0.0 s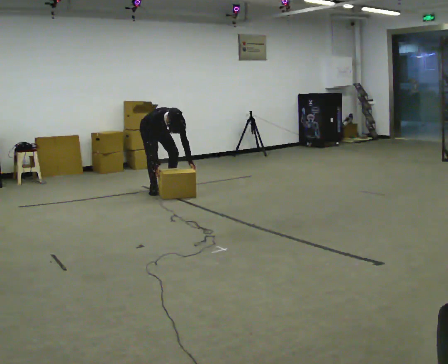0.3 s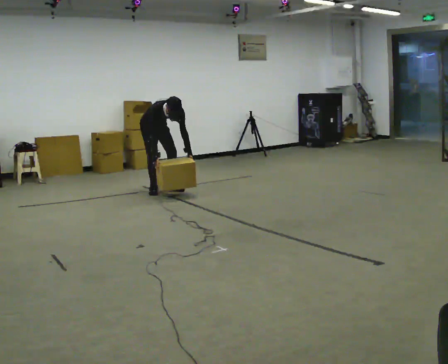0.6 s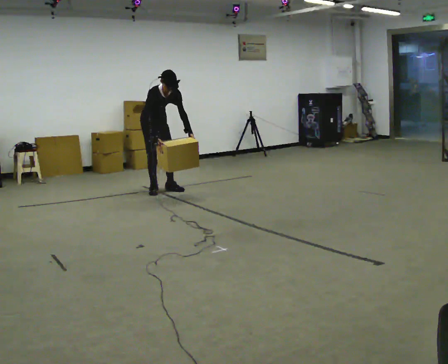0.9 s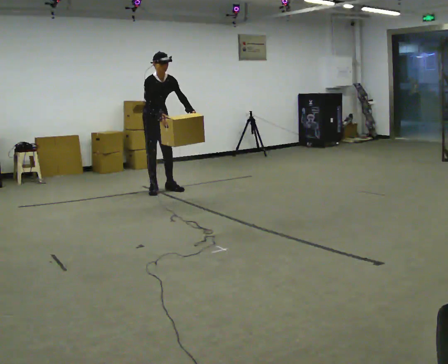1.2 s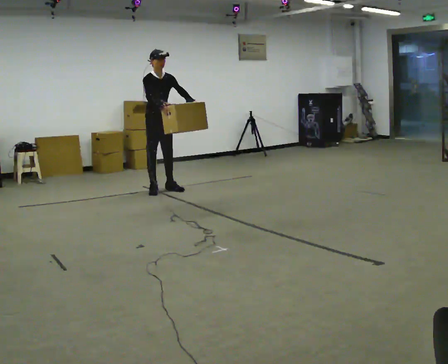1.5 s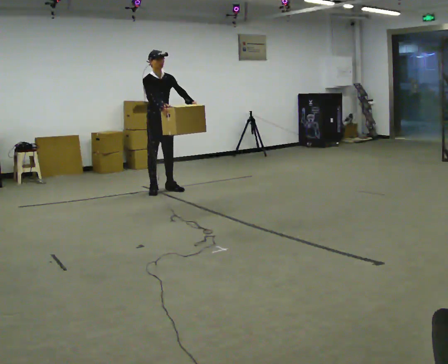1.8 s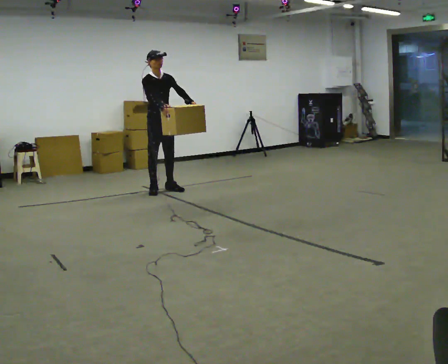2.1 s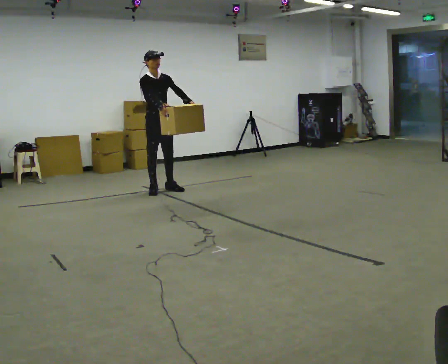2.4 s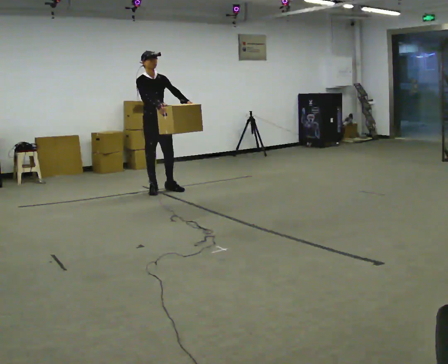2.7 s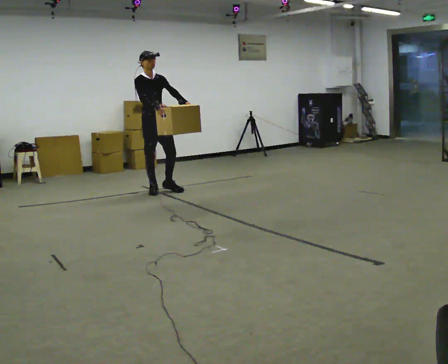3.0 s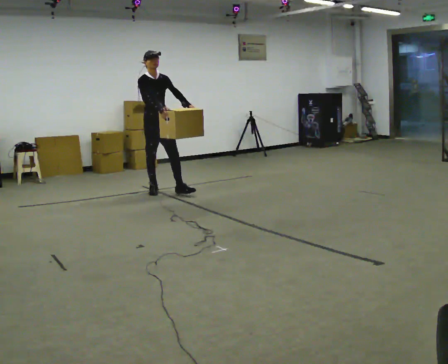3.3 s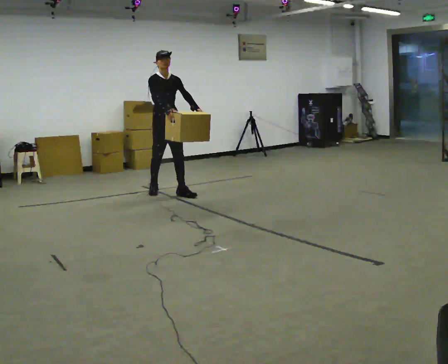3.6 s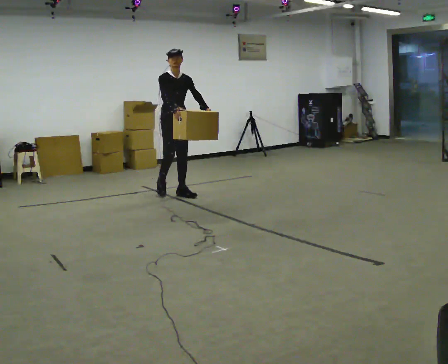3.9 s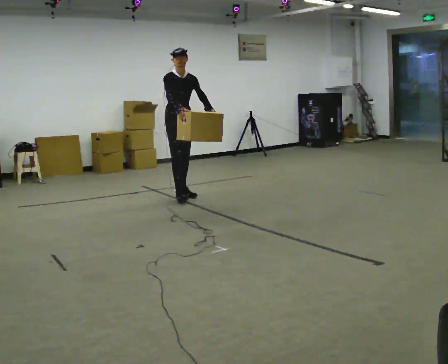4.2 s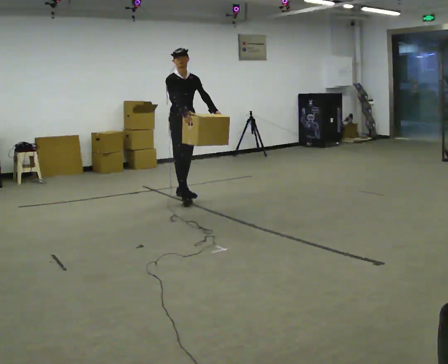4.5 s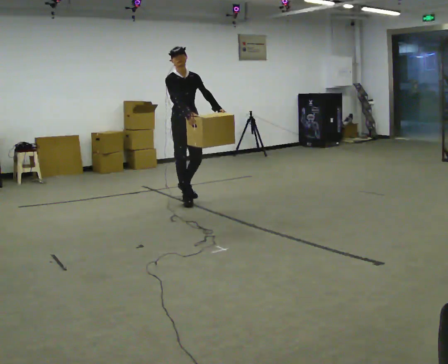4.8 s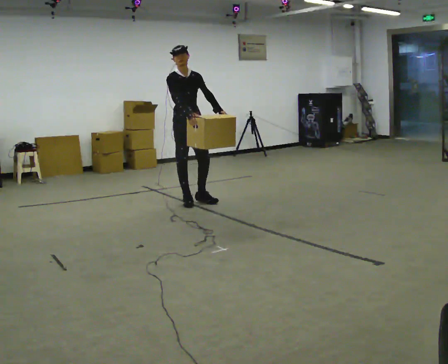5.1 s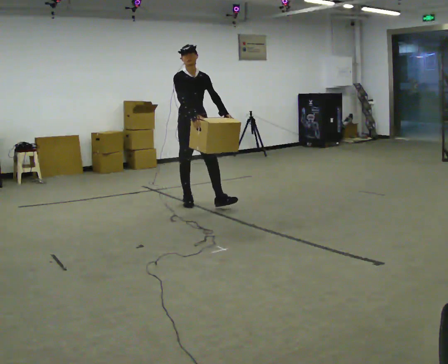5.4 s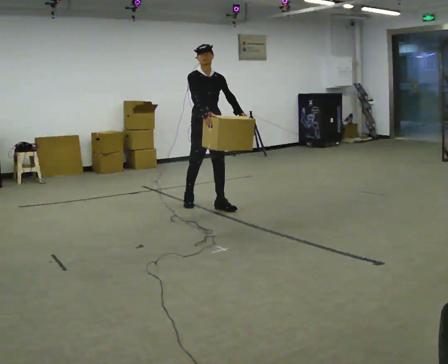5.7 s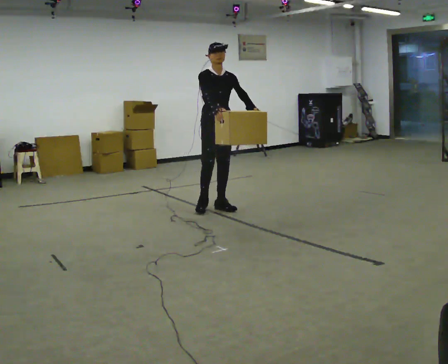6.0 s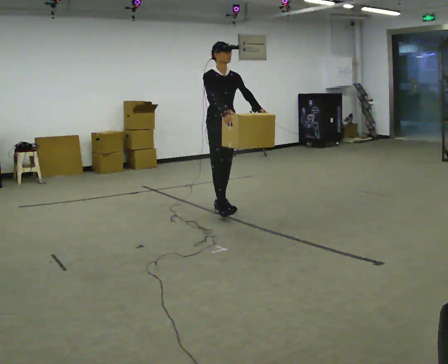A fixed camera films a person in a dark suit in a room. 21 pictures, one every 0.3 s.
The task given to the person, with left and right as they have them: Carry the box across the room while freely looking around at the walls, ceiling and floor. Keep going until the operator says stop; one object at a time, and do not rush between trips.
0.0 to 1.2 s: In the picture they go toward the camera, about 0.25 m, which for them is forward. The shoulders move upward. The upper body tips away from the camera, its near side rolling upward, as they lean back or straighten. In the picture their right hand goes upward.
1.2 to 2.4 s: The person moves a little, or ends about where they began.
2.4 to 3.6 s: In the picture they go to the right and toward the camera, about 0.25 m in 1 step, which for them is forward.
3.6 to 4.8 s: In the picture they go toward the camera, about 0.5 m in 1 step, which for them is forward.
4.8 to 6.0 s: In the picture they go toward the camera and to the right, about 0.5 m in 1 step, which for them is forward.
The film runs forward here.
